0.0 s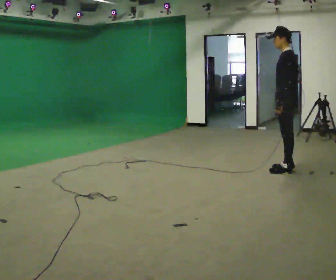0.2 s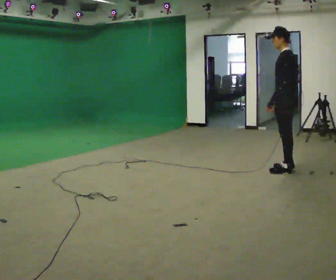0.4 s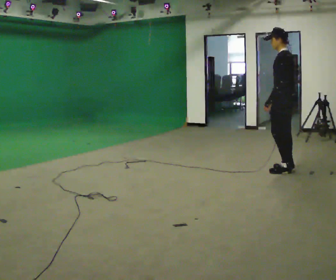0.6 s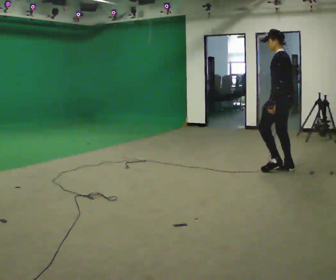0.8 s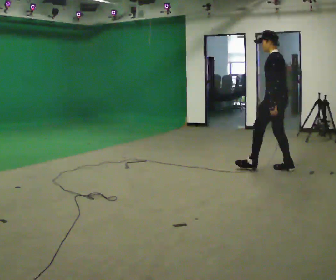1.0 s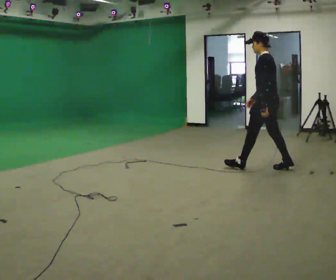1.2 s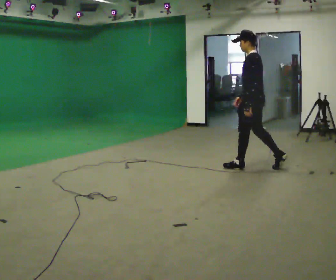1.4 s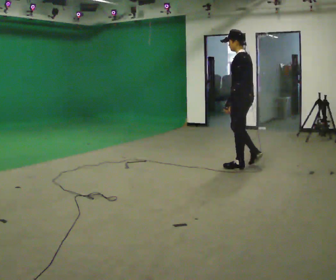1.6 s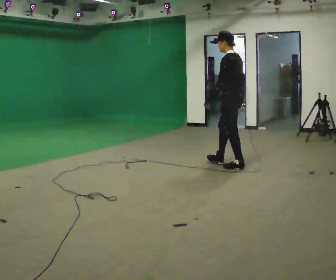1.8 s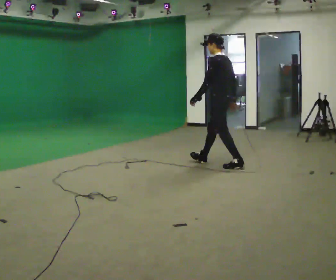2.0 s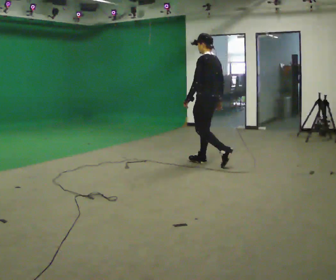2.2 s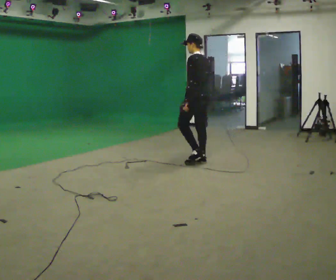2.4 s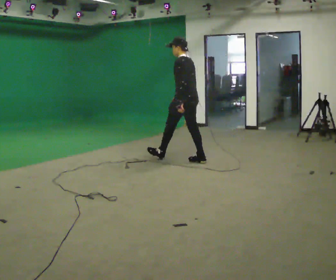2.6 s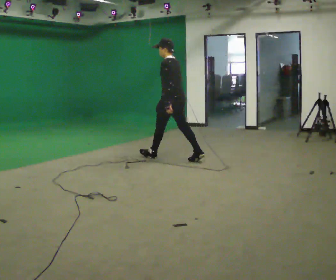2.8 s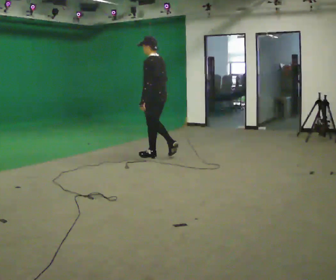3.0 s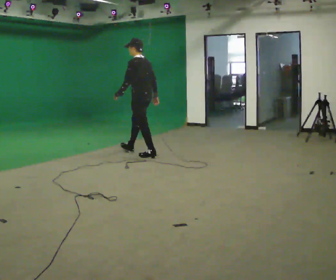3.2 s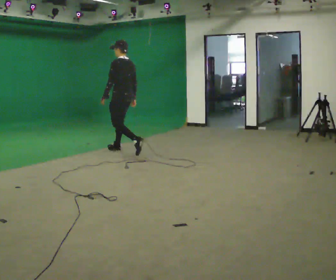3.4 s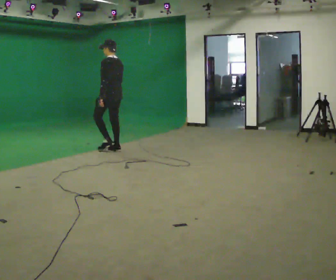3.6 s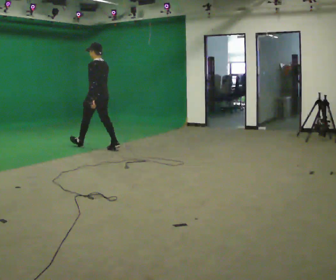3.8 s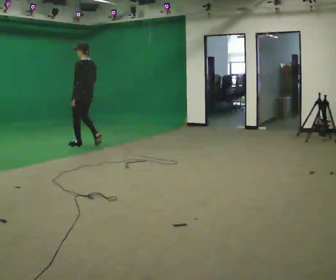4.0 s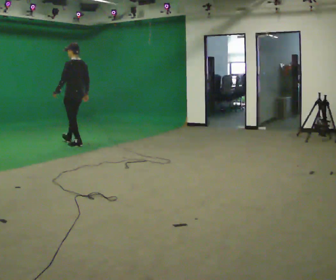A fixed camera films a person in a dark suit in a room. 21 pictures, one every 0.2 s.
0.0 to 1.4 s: In the picture they go to the left and away from the camera, about 0.5 m in 1 step, which for them is forward.
1.4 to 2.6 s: In the picture they go to the left and away from the camera, about 1 m in 2 steps, which for them is forward.
2.6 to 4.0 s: In the picture they go to the left and away from the camera, about 2 m in 2 steps, which for them is forward.
The film runs forward here.
